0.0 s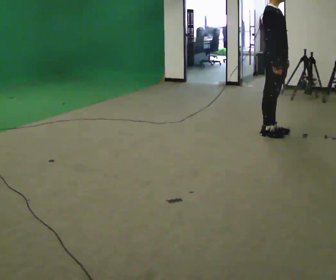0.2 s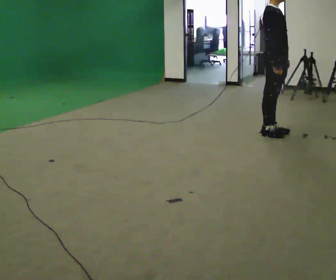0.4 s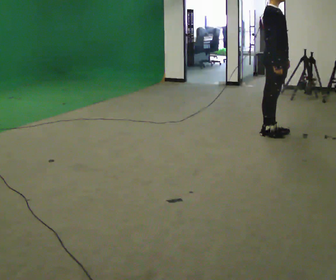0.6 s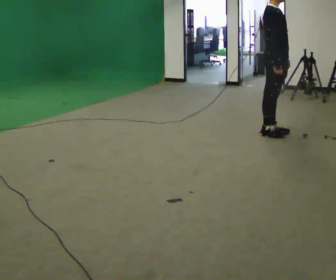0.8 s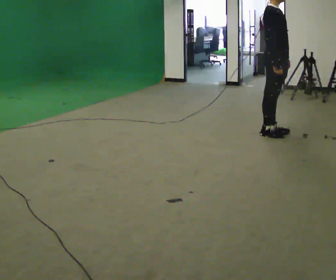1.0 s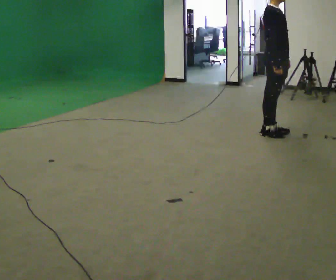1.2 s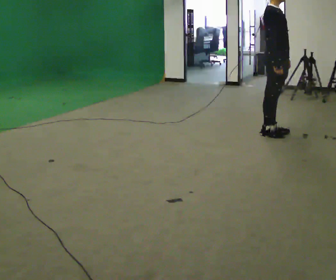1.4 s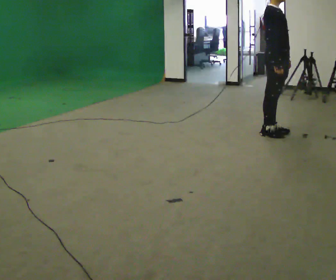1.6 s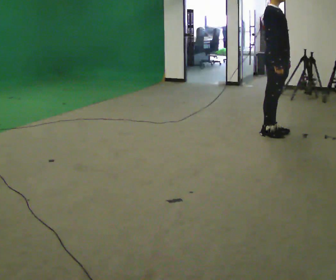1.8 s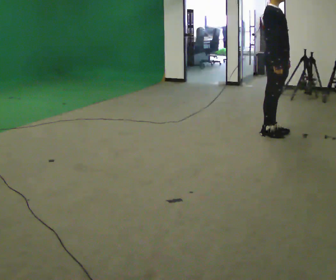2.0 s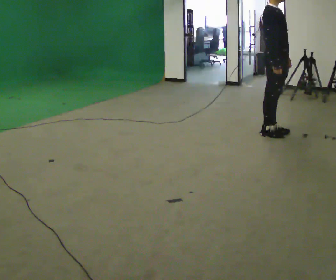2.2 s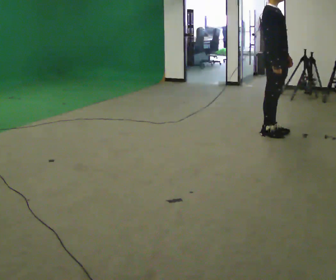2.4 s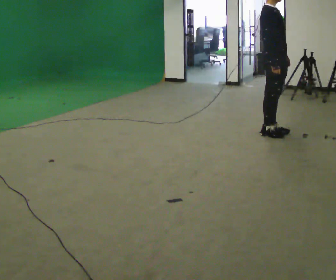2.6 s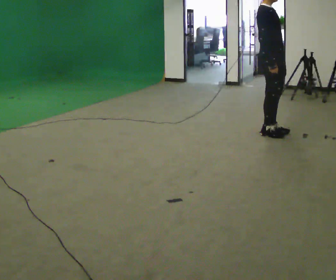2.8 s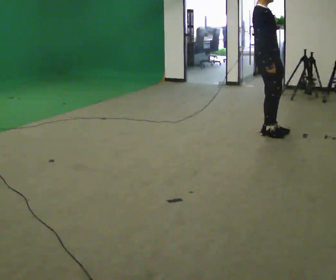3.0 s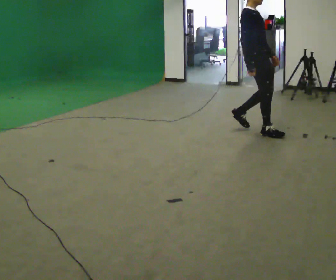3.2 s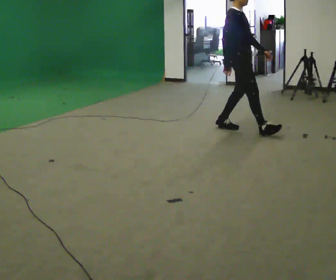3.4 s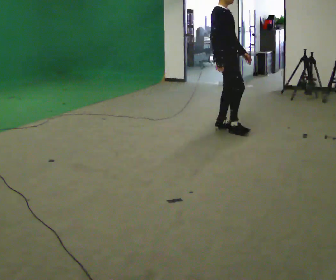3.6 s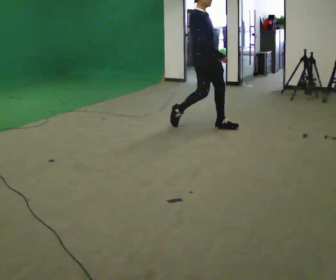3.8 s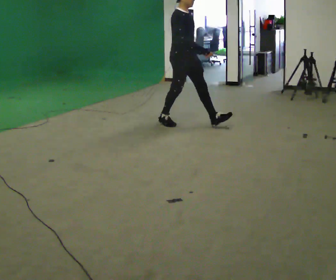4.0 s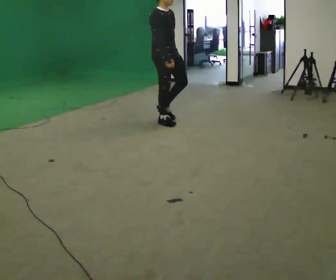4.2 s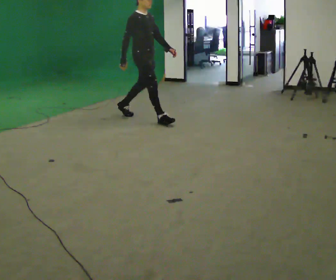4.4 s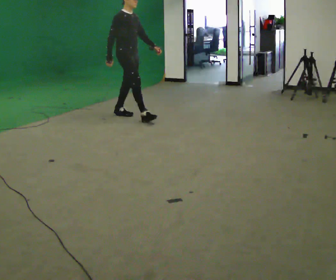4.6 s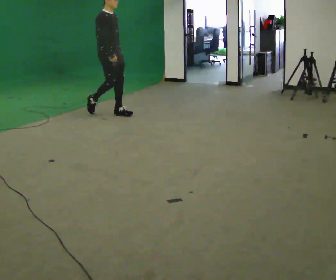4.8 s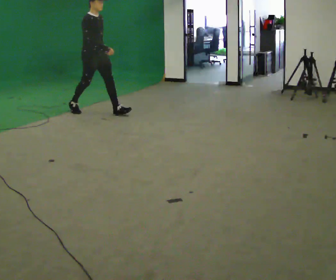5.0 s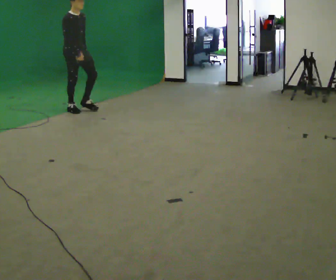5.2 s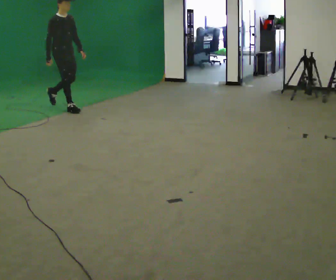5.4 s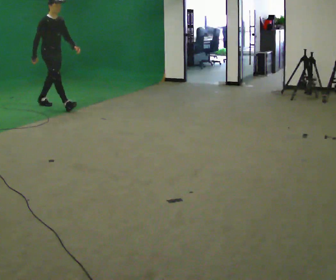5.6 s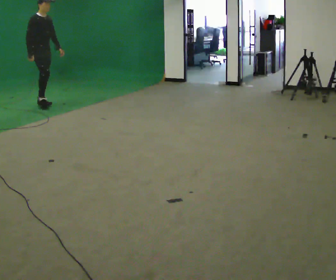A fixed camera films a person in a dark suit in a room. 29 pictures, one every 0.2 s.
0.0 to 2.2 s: The person keeps their place and pose.
2.2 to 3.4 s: In the picture they go to the left, about 0.75 m in 2 steps, which for them is backward.
3.4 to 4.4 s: In the picture they go to the left, about 1.5 m in 2 steps, which for them is backward.
4.4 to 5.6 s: In the picture they go to the left, about 1.5 m in 2 steps, which for them is backward.
The film runs backward here.
